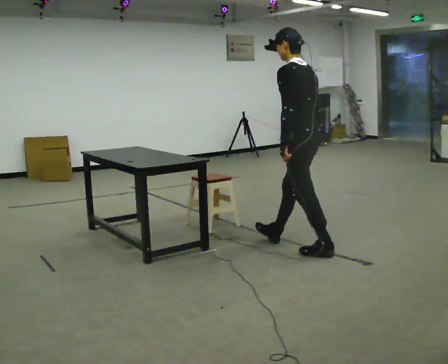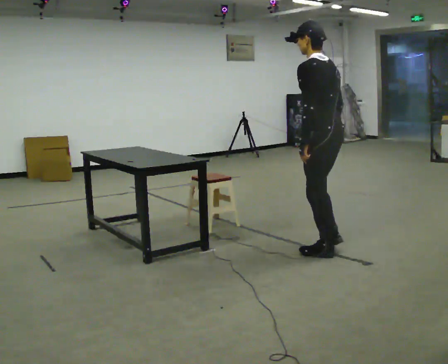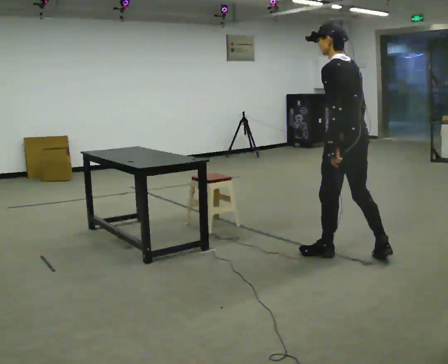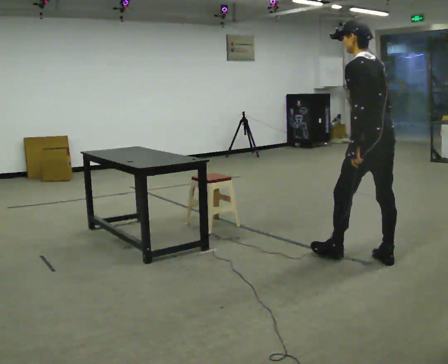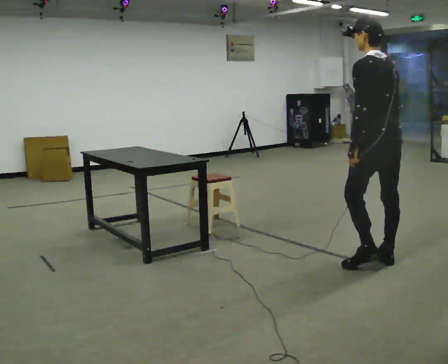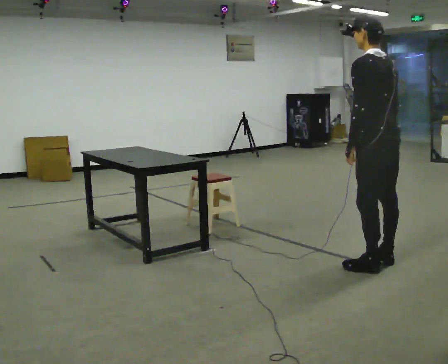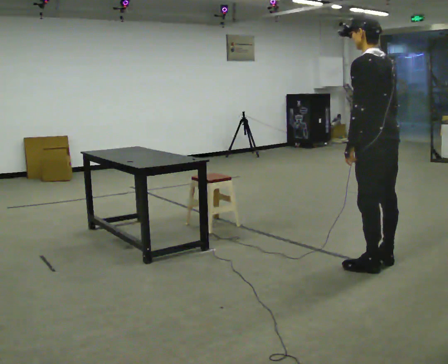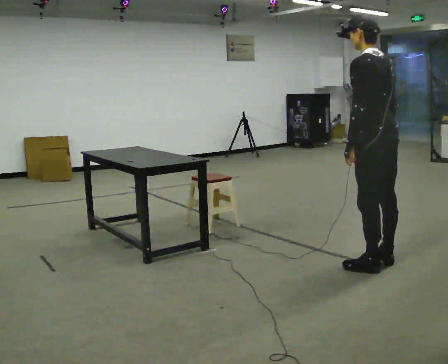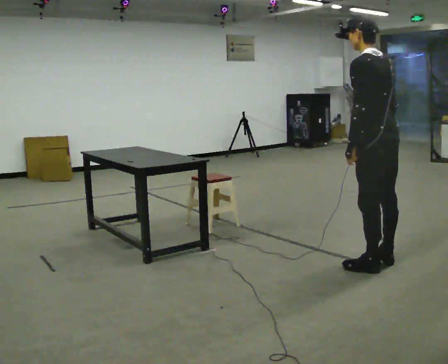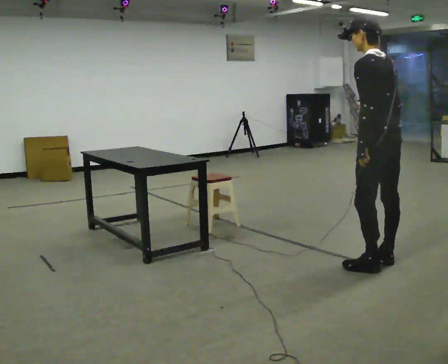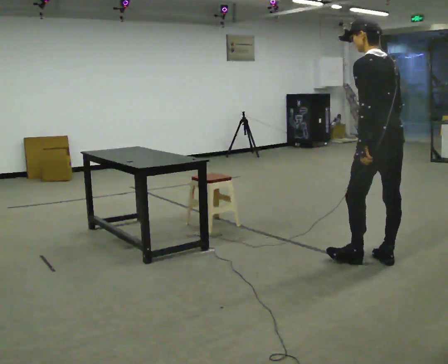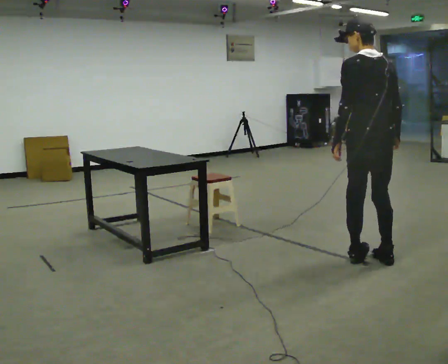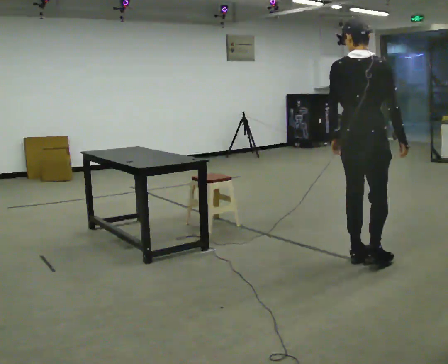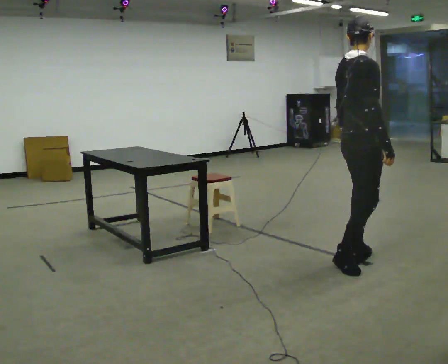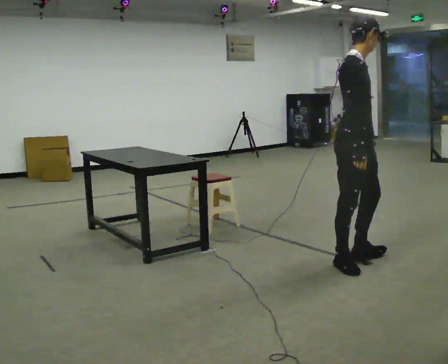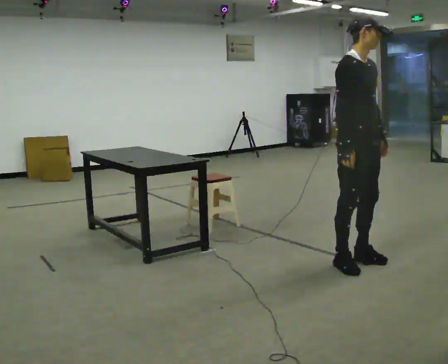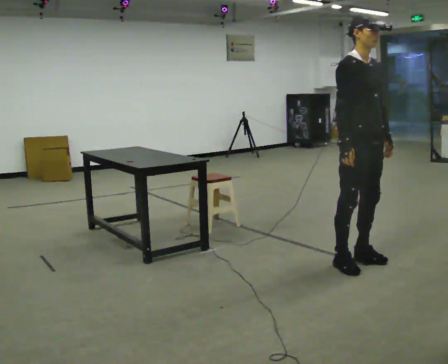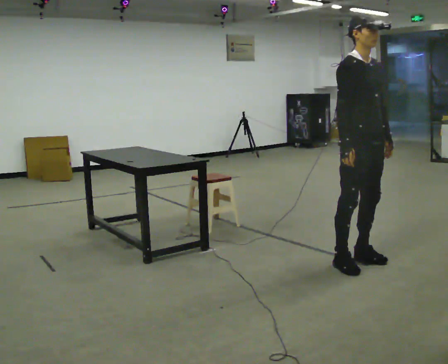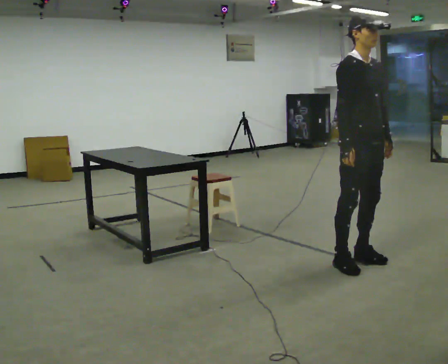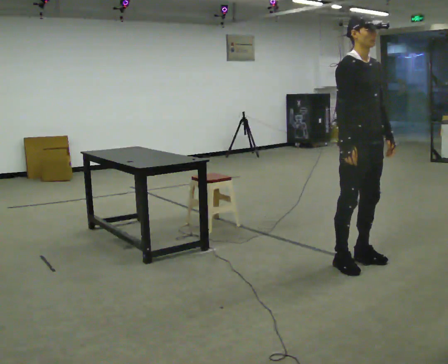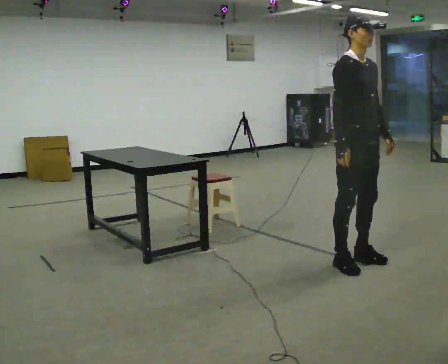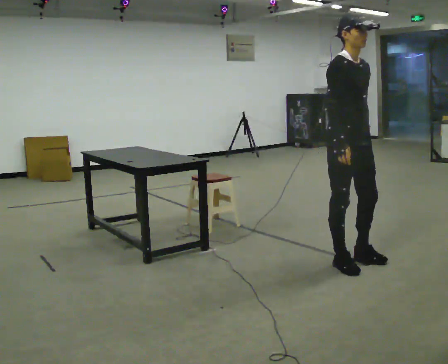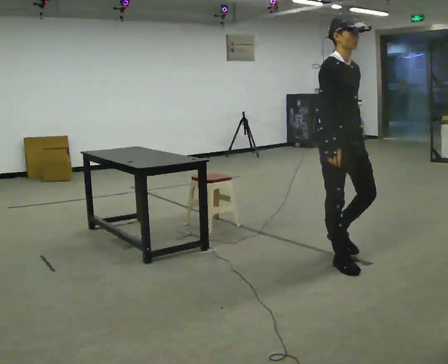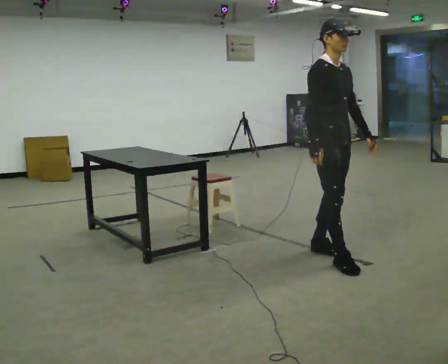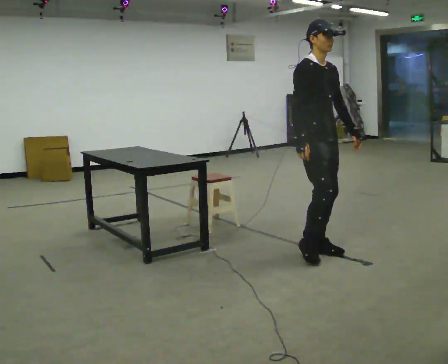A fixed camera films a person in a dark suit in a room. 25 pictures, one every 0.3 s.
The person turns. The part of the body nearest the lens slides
to the left.
The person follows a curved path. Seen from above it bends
clockwise.
0.0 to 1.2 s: In the picture they go to the right and toward the camera, about 0.75 m in 1 step, which for them is backward.
1.2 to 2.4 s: The person moves a little, or ends about where they began.
2.4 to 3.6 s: Seen from above the body turns clockwise, about 60 degrees: to their right, with its near side sliding to the left.
3.6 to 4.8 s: The part of the body nearest the lens slides to the left as the person turns to their right by about 120 degrees. In the picture their right hand goes to the left.
4.8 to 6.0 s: The person moves a little, or ends about where they began.
6.0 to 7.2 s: In the picture they go to the left and away from the camera, about 0.25 m in 2 steps, which for them is backward.
The film runs backward here.
